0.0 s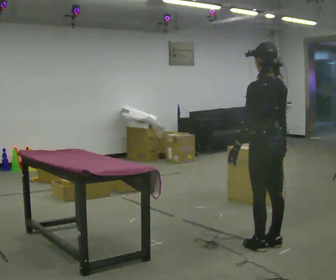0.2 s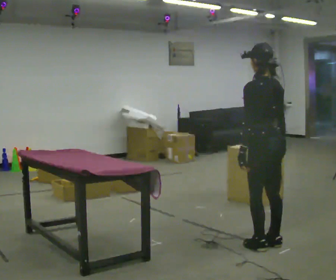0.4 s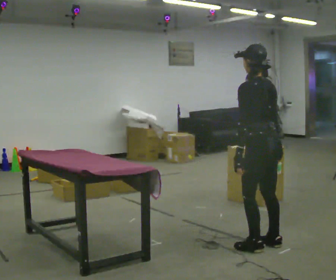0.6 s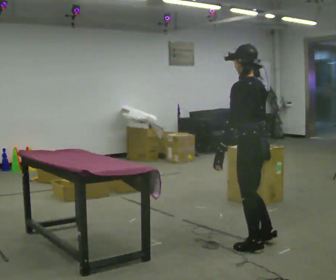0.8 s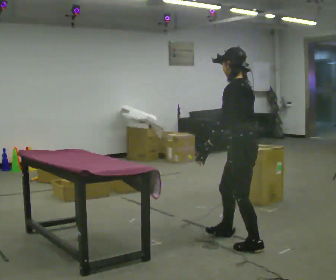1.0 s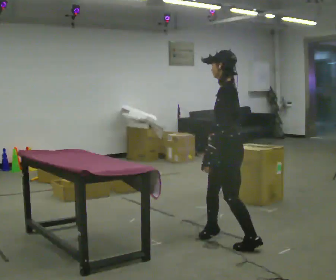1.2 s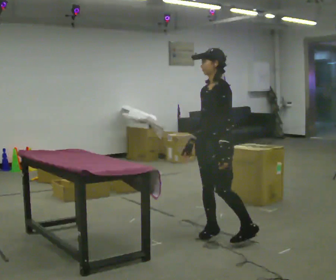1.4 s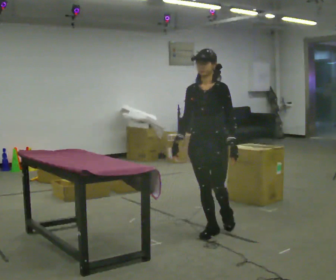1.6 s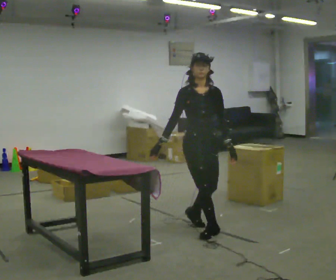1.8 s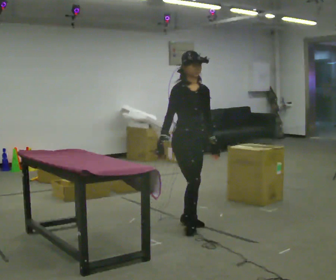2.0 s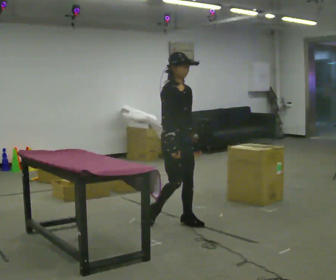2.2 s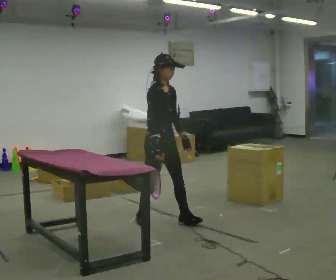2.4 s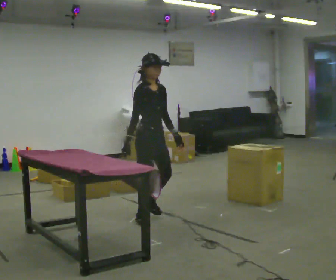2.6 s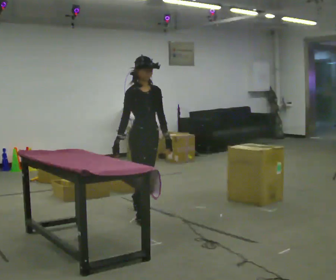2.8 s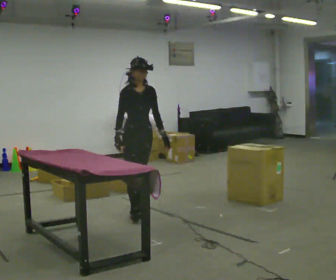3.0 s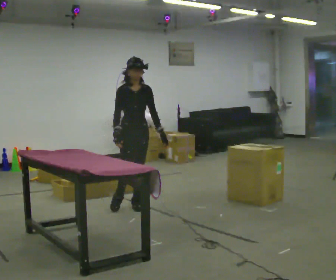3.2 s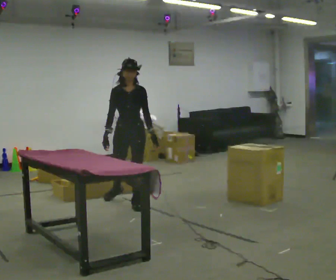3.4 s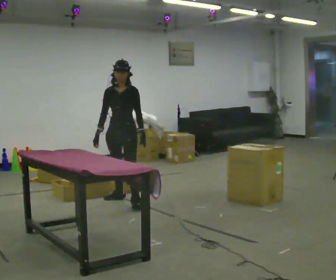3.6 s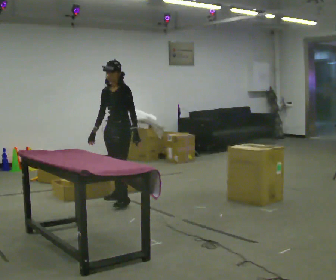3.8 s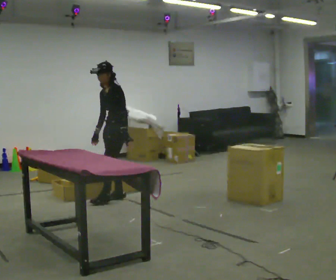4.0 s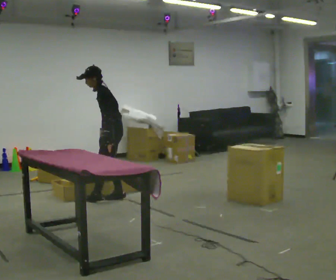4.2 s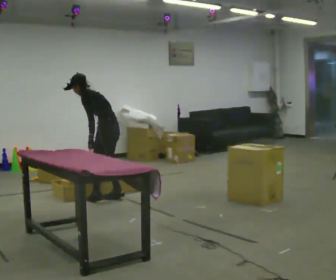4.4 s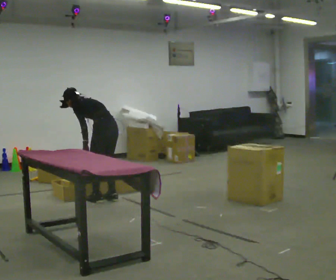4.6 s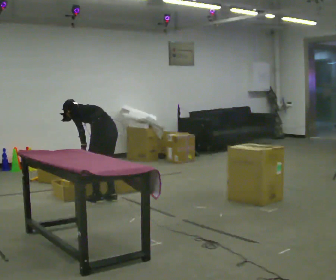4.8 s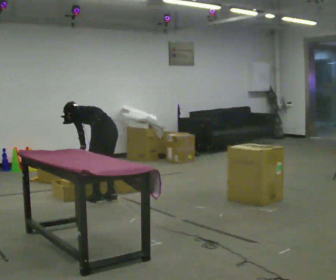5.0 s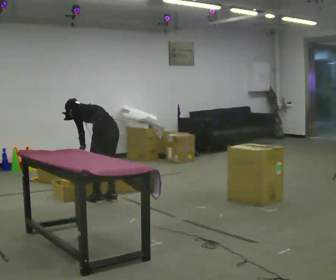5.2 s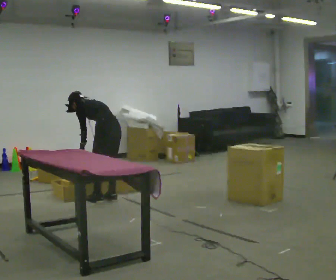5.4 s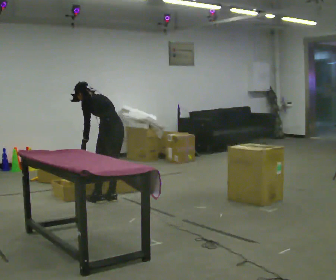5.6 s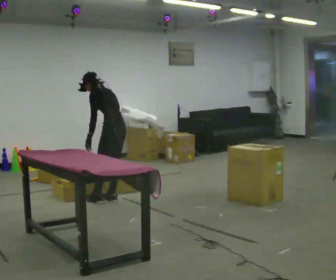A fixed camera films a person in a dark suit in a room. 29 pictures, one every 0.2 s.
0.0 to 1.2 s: Seen from above the body turns counterclockwise, about 75 degrees: to their left, with its near side sliding to the right. In the picture they go away from the camera and to the left, about 0.5 m in 2 steps.
1.2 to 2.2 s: The person turns about 120 degrees to their left, counterclockwise seen from above, so the part of the body nearest the lens slides to the right. In the picture they go away from the camera and to the left, about 0.75 m in 2 steps.
2.2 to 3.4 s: The person turns about 60 degrees to their right, clockwise seen from above, so the part of the body nearest the lens slides to the left. In the picture they go away from the camera and to the left, about 1 m in 1 step.
3.4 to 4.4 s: The person turns about 120 degrees to their right, clockwise seen from above, so the part of the body nearest the lens slides to the left. In the picture they go to the left, about 0.25 m in 1 step. In the picture the upper body tilts counterclockwise, shoulders to the left, as they bend forward.
4.4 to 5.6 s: The person moves a little, or ends about where they began.
The film runs backward here.
